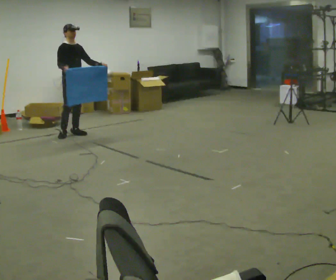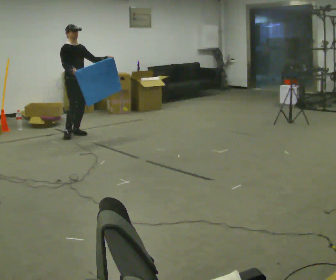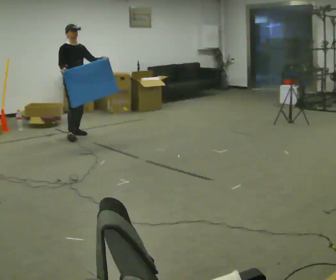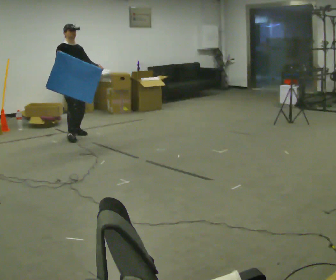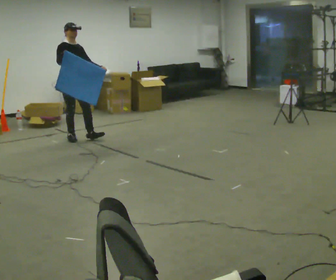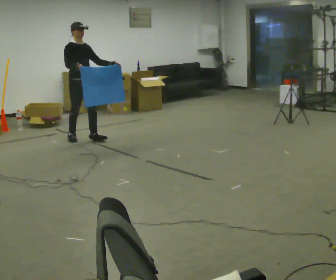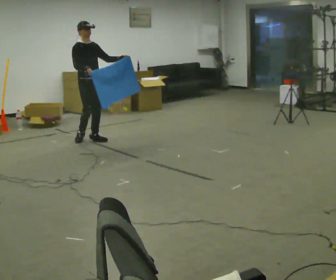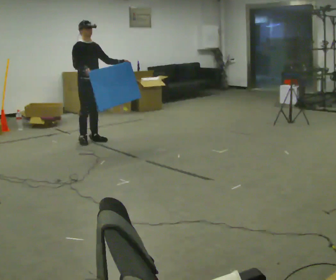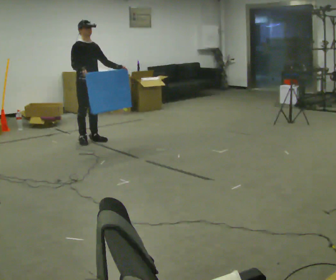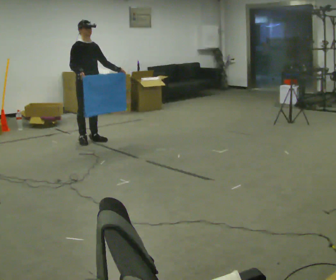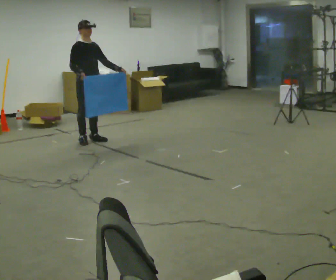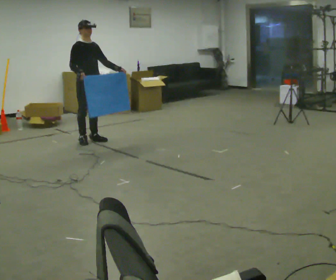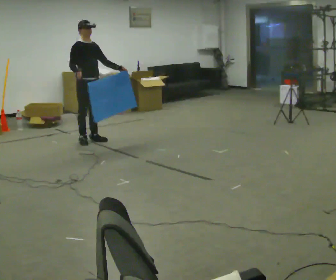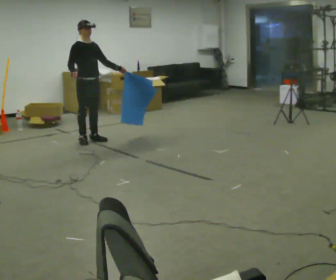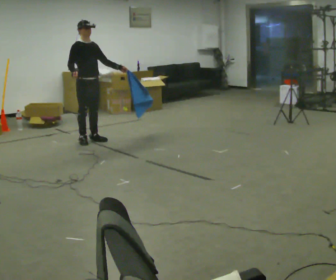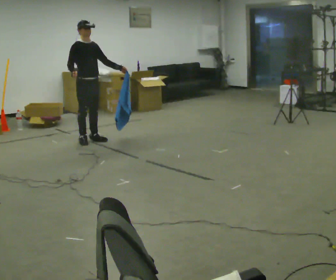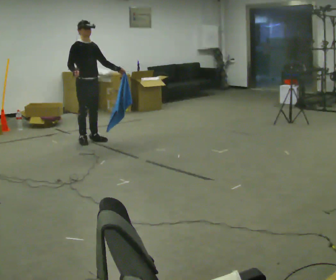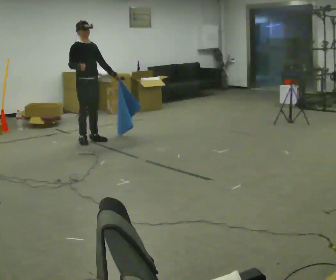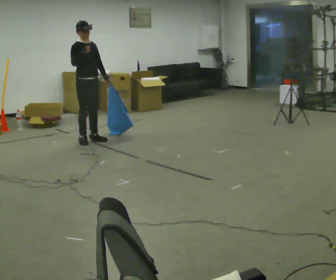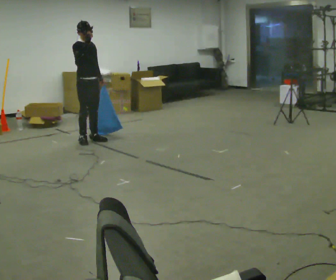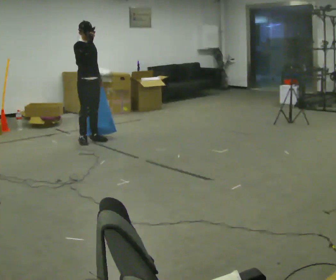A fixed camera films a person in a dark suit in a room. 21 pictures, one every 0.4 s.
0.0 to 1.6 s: In the picture they go toward the camera, about 0.25 m in 1 step, which for them is forward and to their right.
1.6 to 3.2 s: In the picture they go to the right and toward the camera, about 0.25 m in 2 steps, which for them is forward.
3.2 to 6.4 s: The person moves a little, or ends about where they began.
6.4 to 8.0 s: In the picture their right hand goes upward.
The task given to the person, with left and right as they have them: Carry the cloth and, while walking, fold it in half, then unfold it. Keep repeating as you walk. Do not stop.
The film runs forward here.
